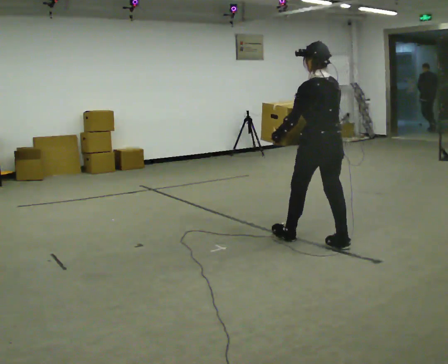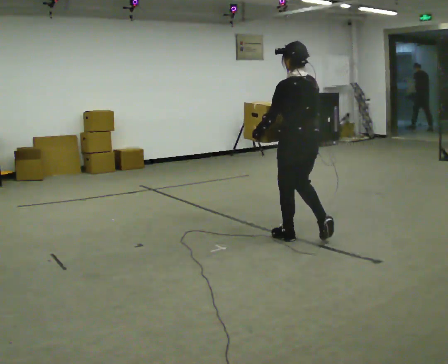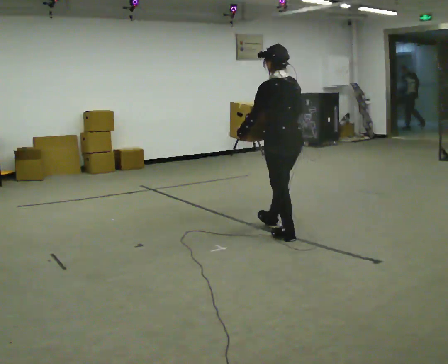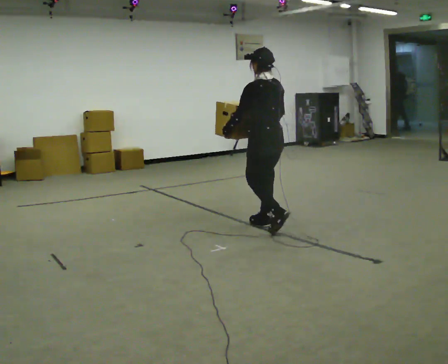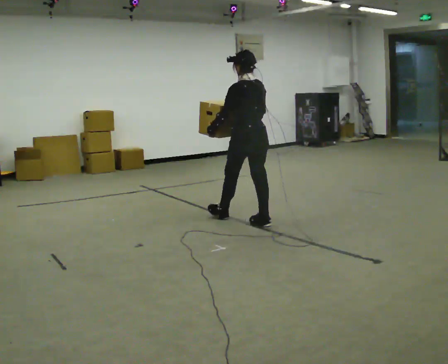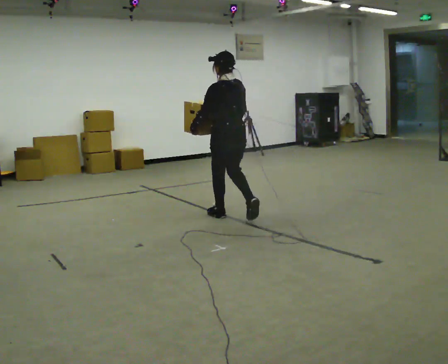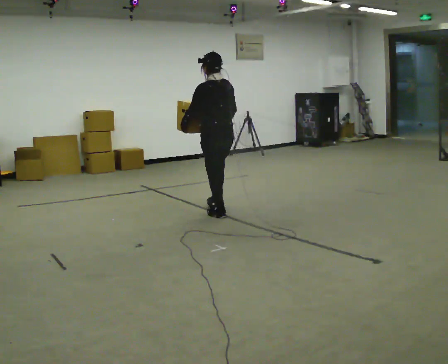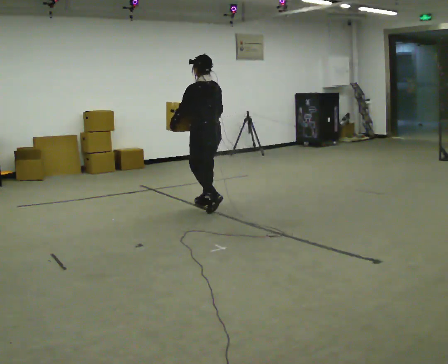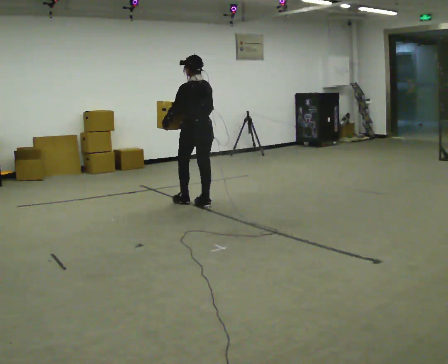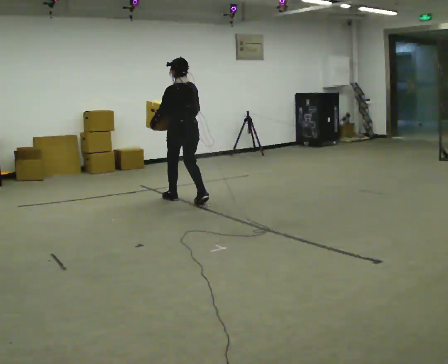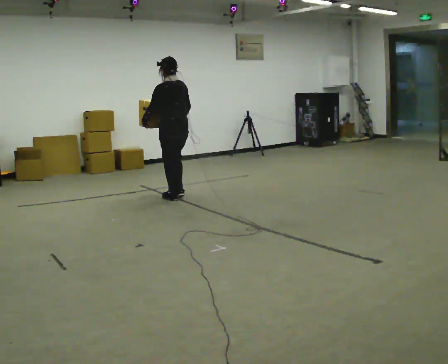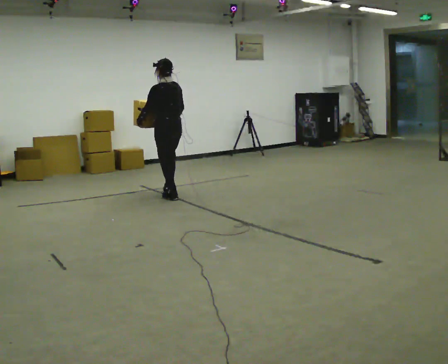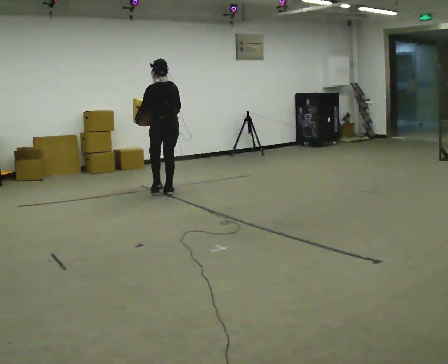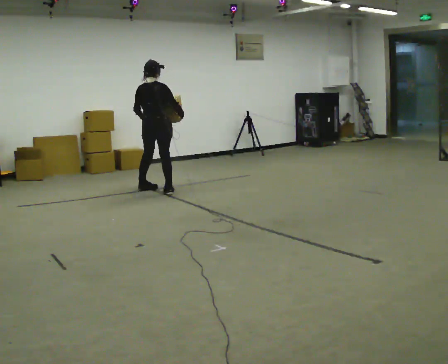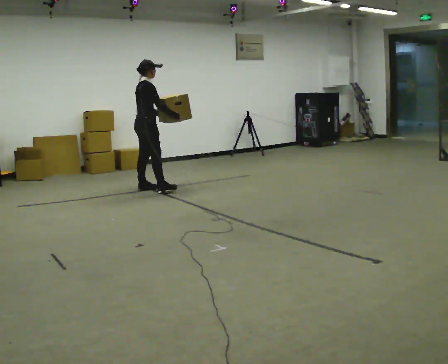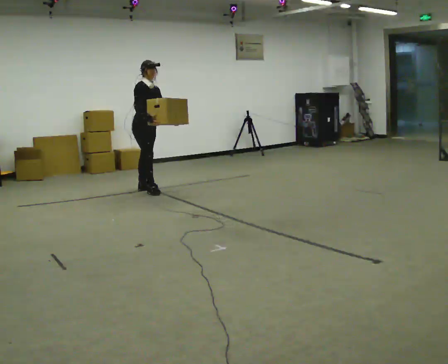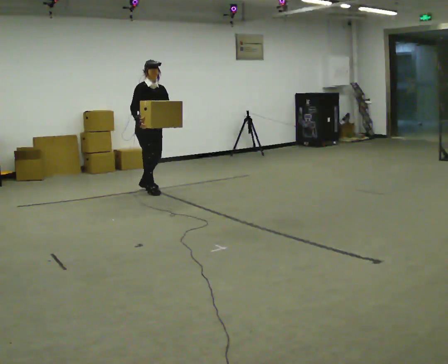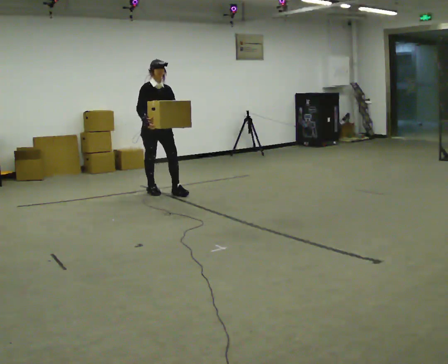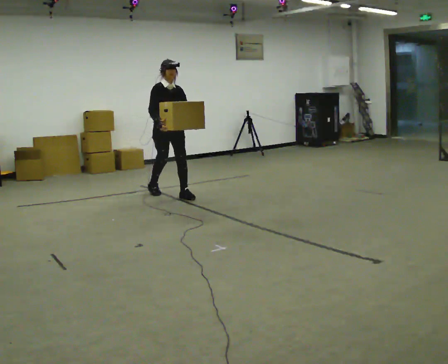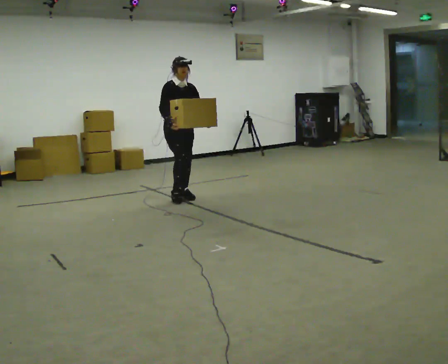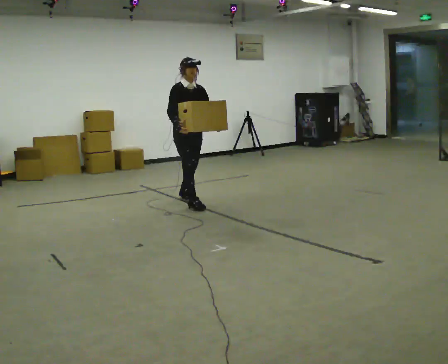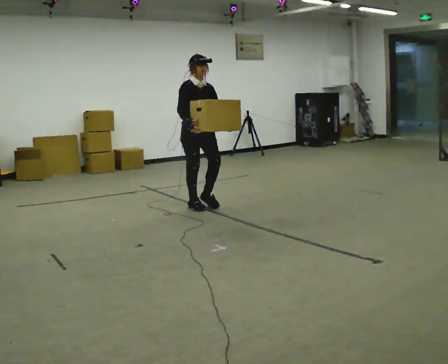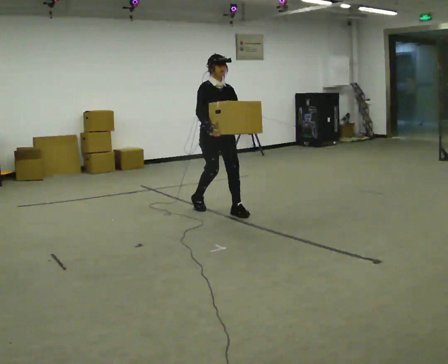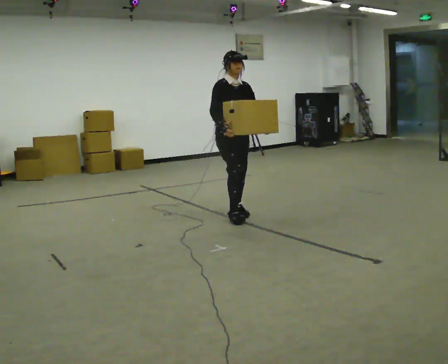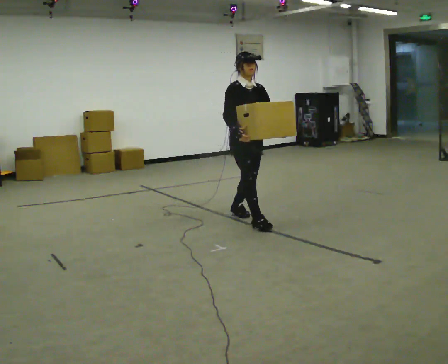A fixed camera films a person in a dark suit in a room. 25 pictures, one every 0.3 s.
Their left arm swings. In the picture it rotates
counterclockwise.
0.0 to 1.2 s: In the picture they go away from the camera and to the left, about 1 m in 1 step, which for them is forward.
1.2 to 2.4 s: In the picture they go away from the camera and to the left, about 1 m in 2 steps, which for them is forward.
2.4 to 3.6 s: In the picture they go away from the camera and to the left, about 0.5 m in 2 steps, which for them is forward.
3.6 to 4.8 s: The person turns about 165 degrees to their right, clockwise seen from above, so the part of the body nearest the lens slides to the left. In the picture they go to the left, about 0.25 m in 2 steps. In the picture their right hand goes to the left.
4.8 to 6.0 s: In the picture they go toward the camera and to the right, about 1 m in 2 steps, which for them is forward.
6.0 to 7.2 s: In the picture they go toward the camera and to the right, about 1 m in 2 steps, which for them is forward.
The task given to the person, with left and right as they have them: Carry the box across the room, back and forth. The operator will swap between the box with handles and the one without.
The film runs forward here.
